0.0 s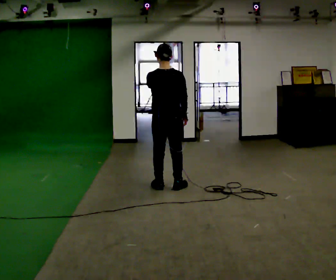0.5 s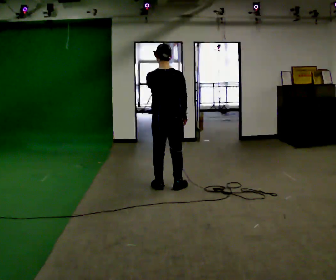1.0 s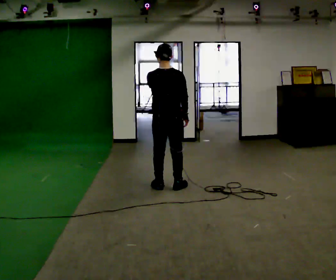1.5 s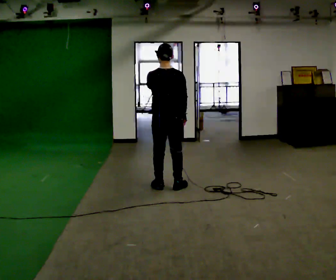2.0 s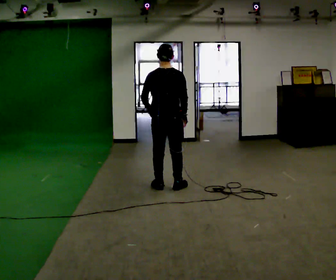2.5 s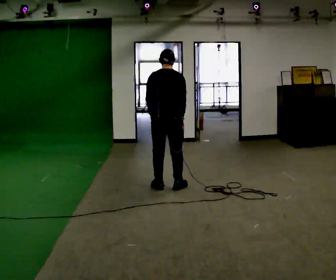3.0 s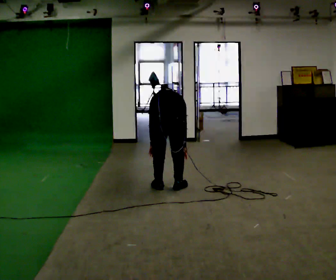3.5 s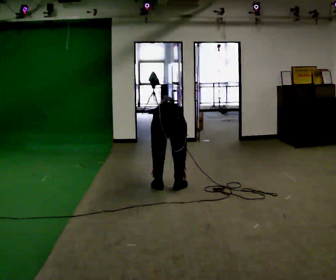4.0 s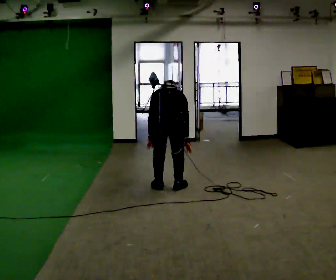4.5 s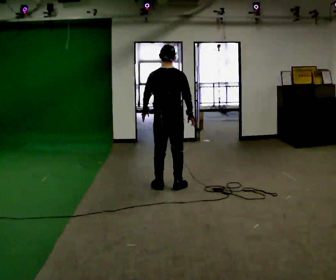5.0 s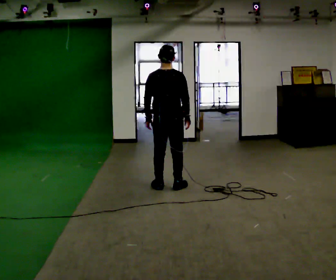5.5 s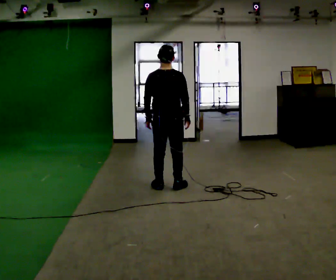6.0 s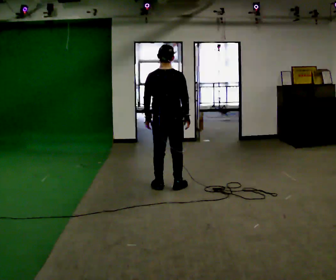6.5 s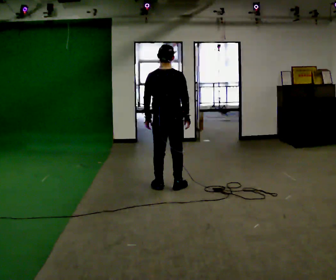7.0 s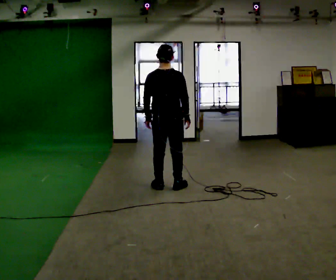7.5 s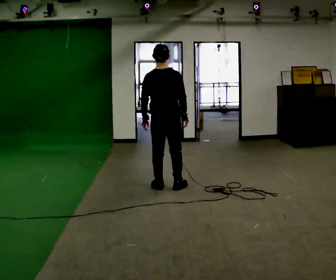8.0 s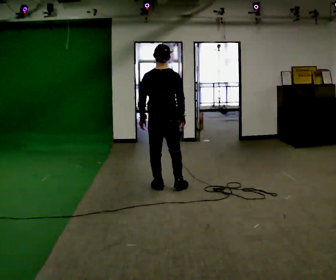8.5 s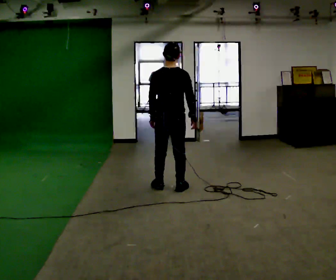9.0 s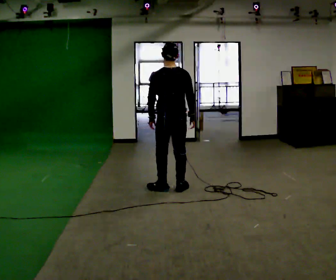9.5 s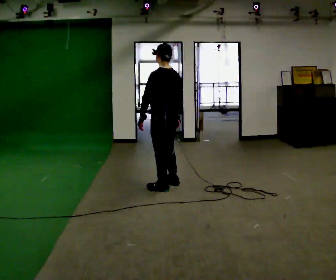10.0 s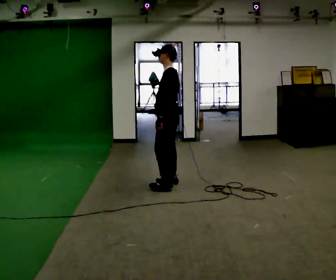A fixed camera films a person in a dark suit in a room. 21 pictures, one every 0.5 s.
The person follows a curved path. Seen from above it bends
counterclockwise.
0.0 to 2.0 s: In the picture their left hand goes downward.
2.0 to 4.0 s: In the picture they go toward the camera, about 0.25 m, which for them is backward. In the picture their left hand goes downward.
4.0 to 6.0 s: In the picture they go away from the camera, about 0.25 m, which for them is forward. The shoulders move upward. The upper body tips toward the camera, its near side rolling downward, as they lean back or straighten. In the picture their right hand goes upward.
6.0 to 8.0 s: The person moves a little, or ends about where they began.
8.0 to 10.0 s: The person turns about 90 degrees to their left, counterclockwise seen from above, so the part of the body nearest the lens slides to the right.
The film runs backward here.
